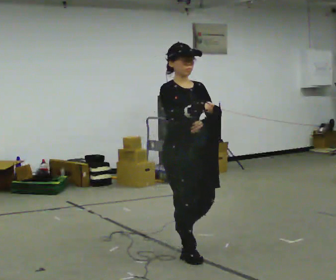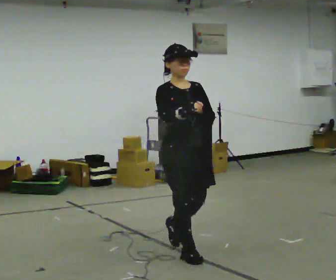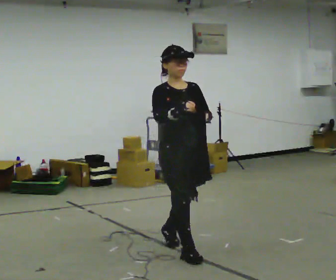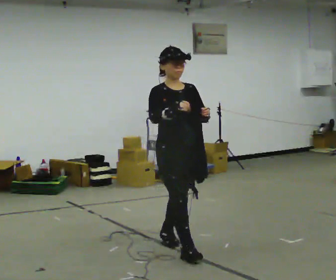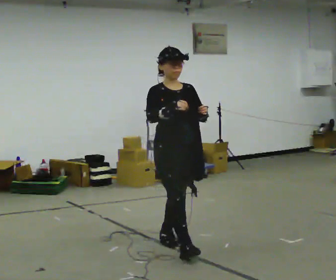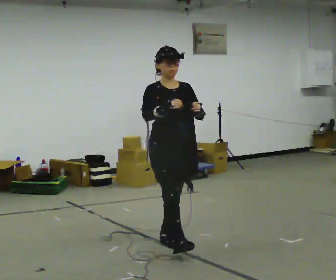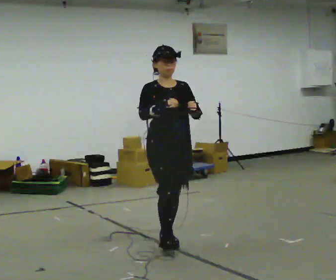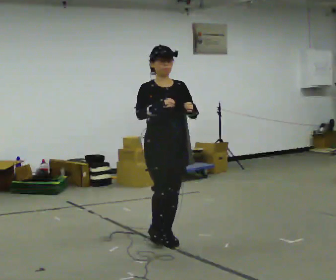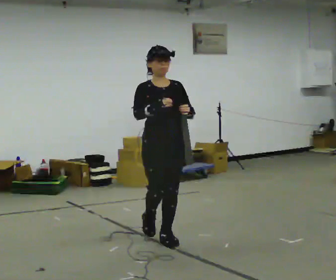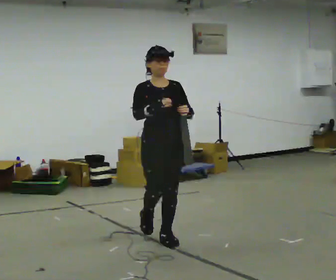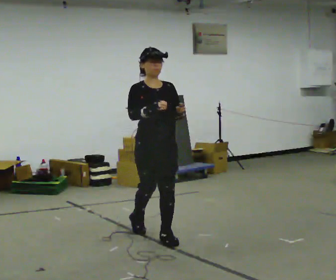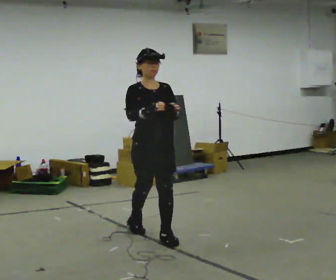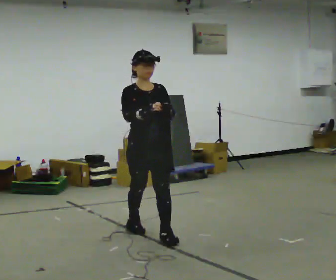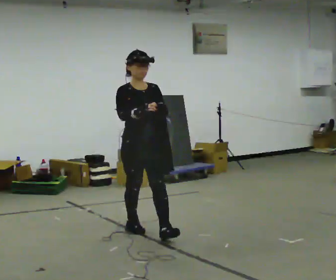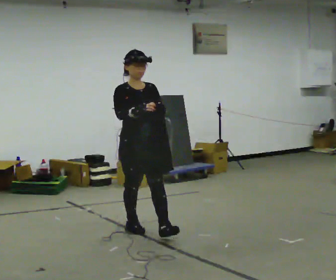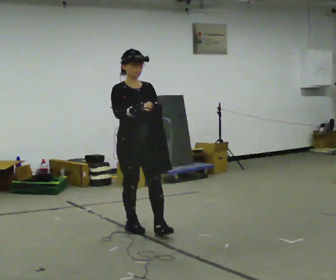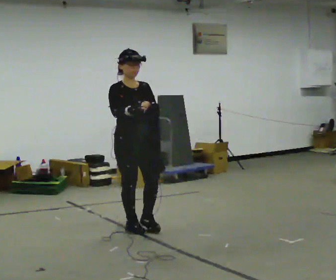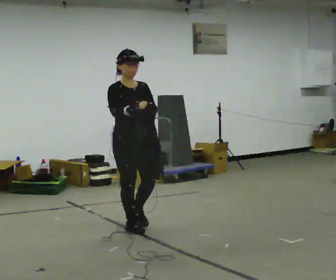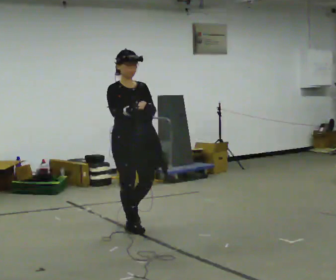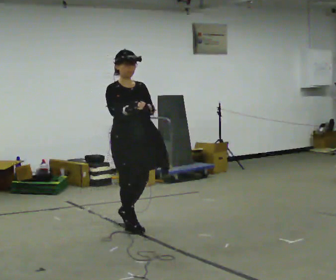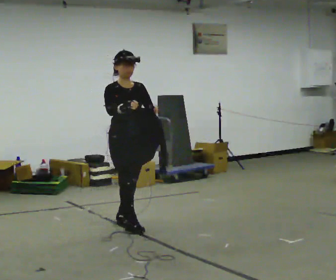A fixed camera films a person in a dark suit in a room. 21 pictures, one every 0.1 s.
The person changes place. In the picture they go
away from the camera.
0.0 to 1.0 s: In the picture they go away from the camera and to the left, about 0.5 m in 1 step, which for them is backward.
1.0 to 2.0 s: In the picture they go away from the camera and to the left, about 0.5 m in 1 step, which for them is backward.
The film runs backward here.
